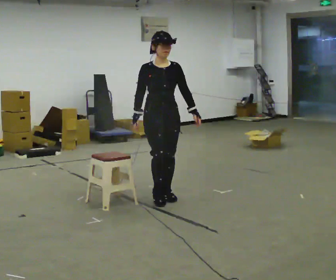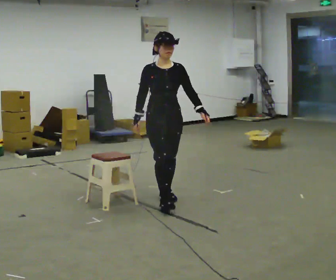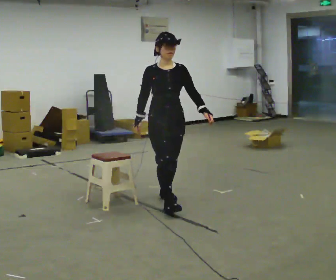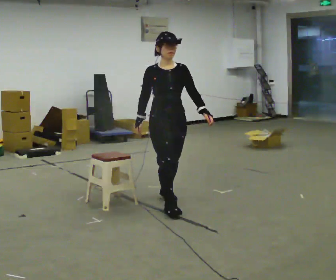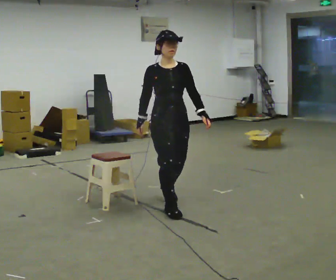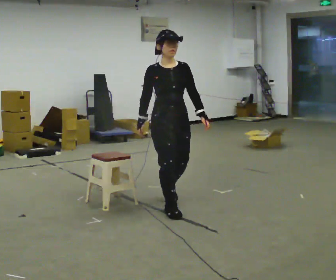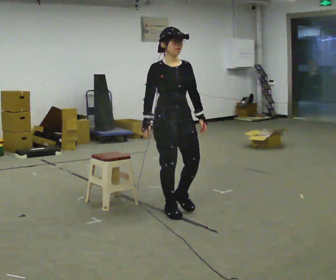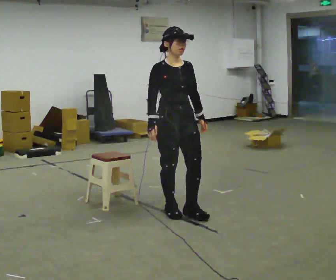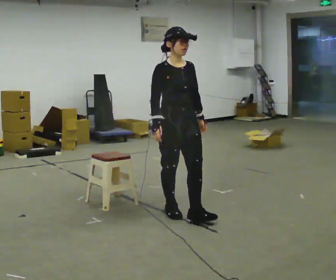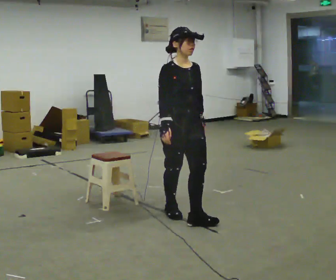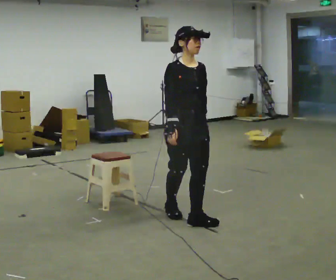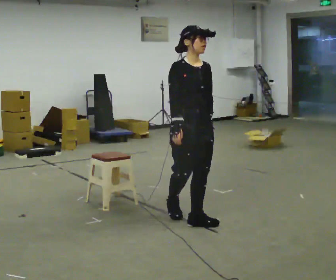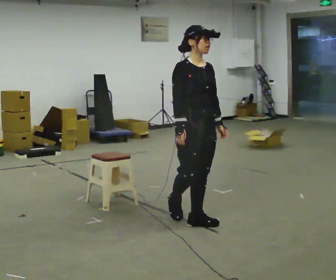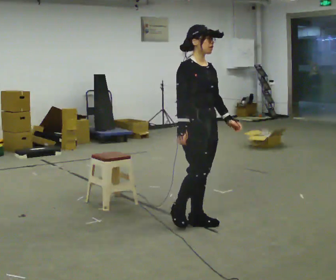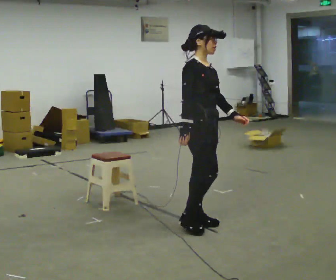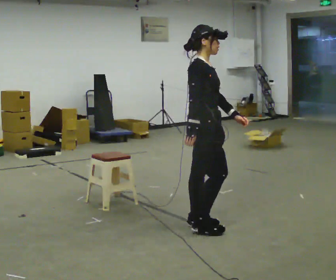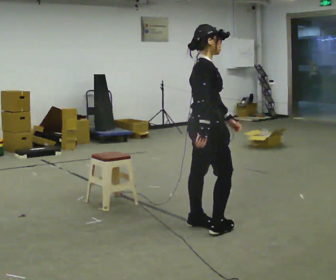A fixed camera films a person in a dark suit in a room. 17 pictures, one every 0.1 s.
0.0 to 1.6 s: The part of the body nearest the lens slides to the right as the person turns to their left by about 90 degrees. In the picture they go toward the camera and to the right, about 1 m in 2 steps.
The film runs forward here.
